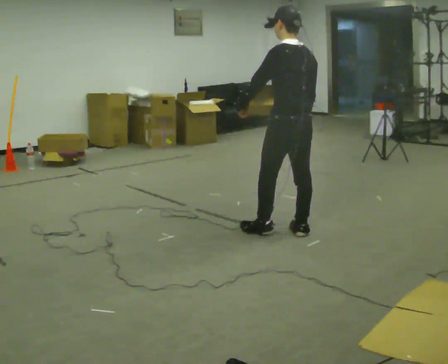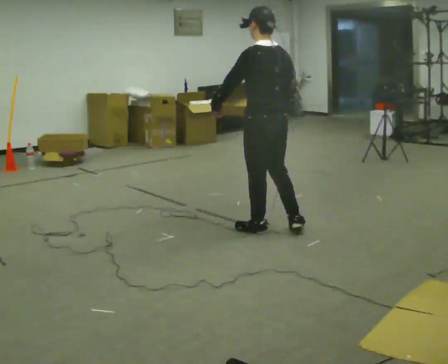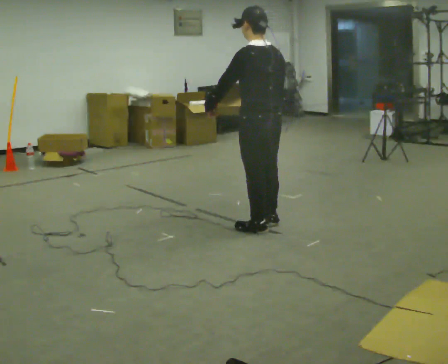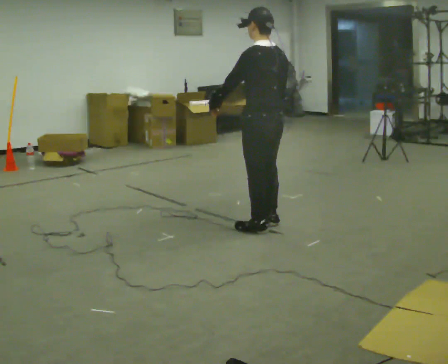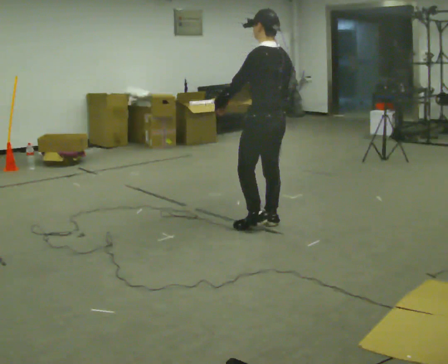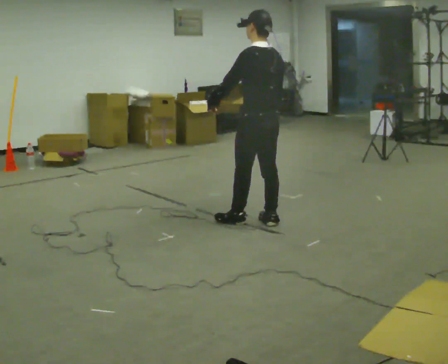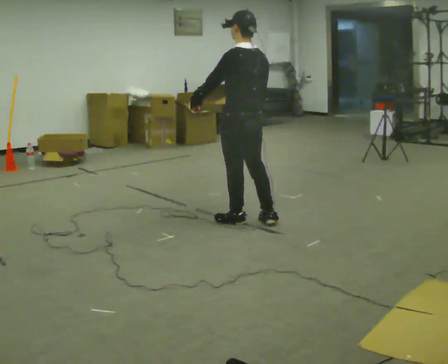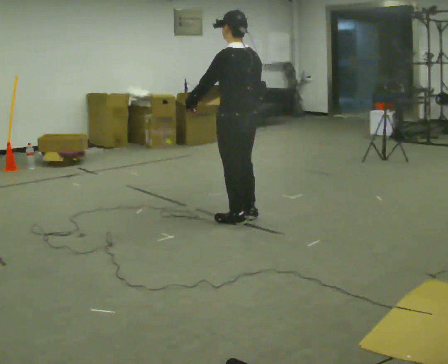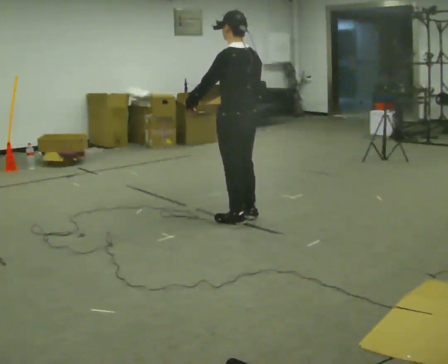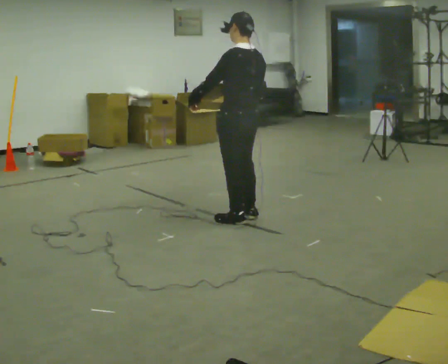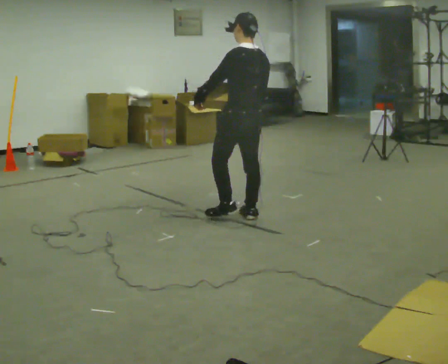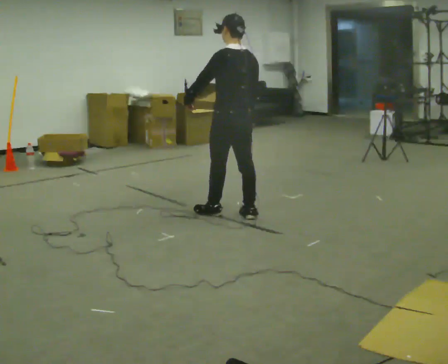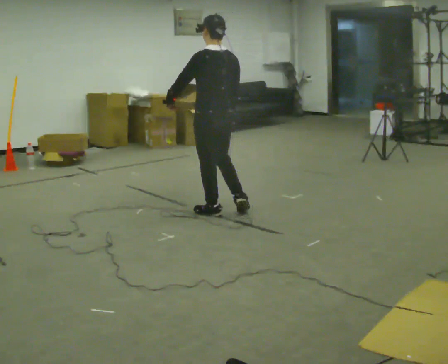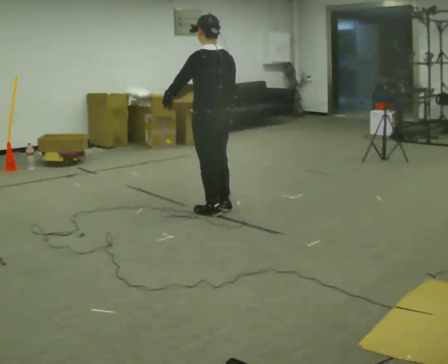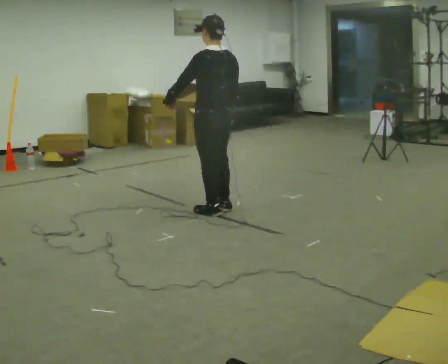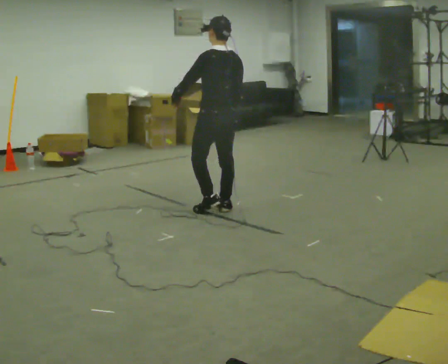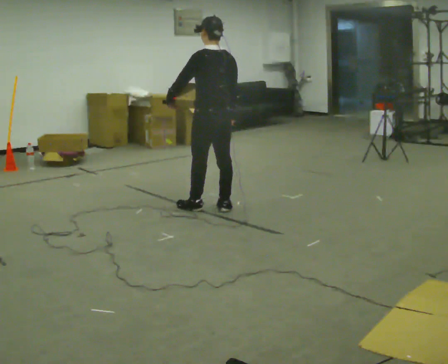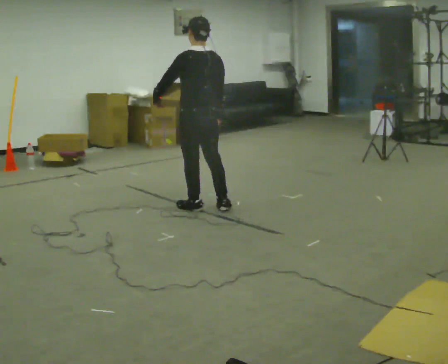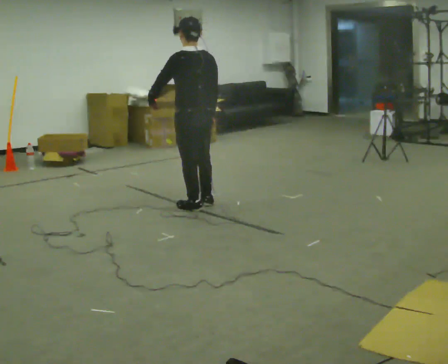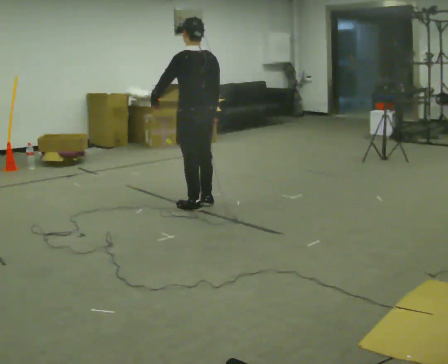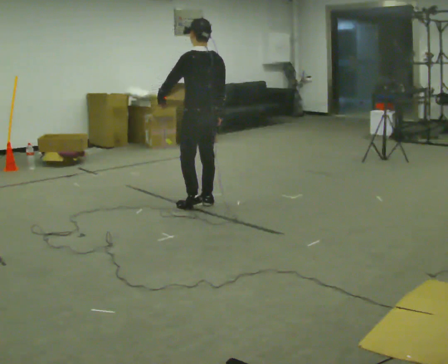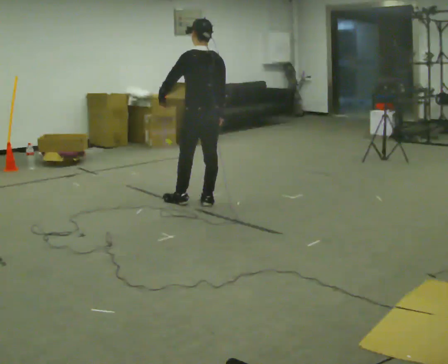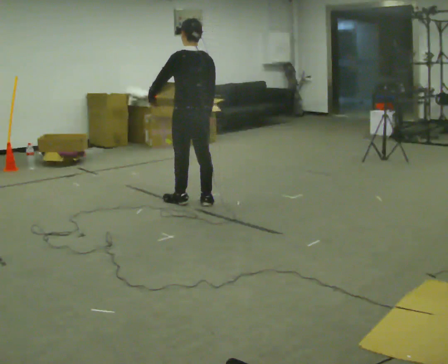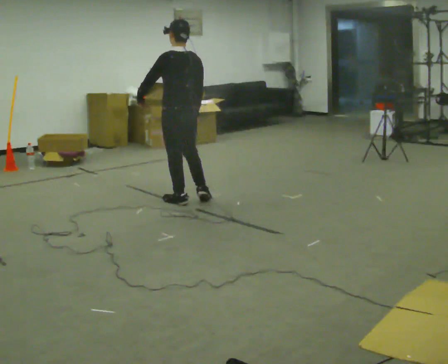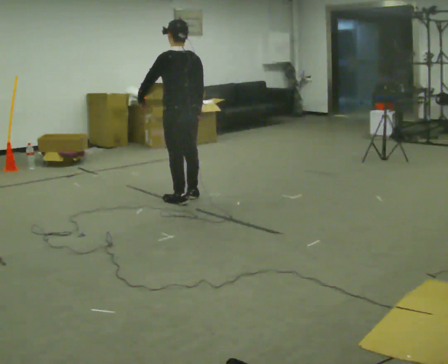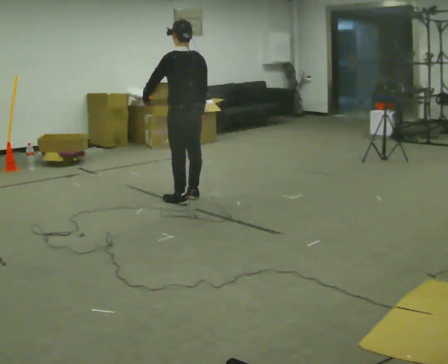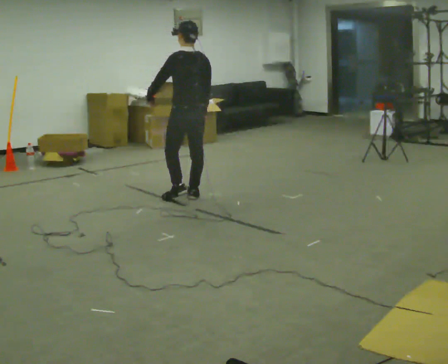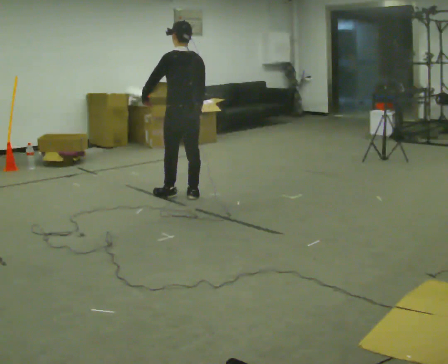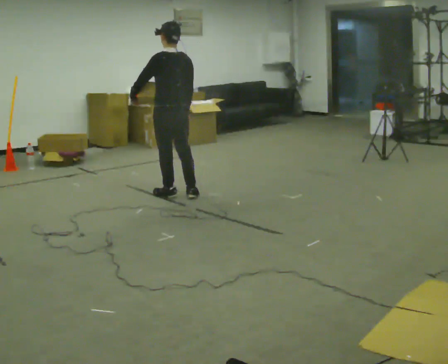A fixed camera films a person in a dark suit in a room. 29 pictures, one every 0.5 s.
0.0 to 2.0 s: In the picture they go away from the camera and to the left, about 0.25 m in 2 steps, which for them is forward.
2.0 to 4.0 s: In the picture they go to the left, about 0.25 m in 2 steps, which for them is forward.
4.0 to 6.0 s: In the picture they go to the left and away from the camera, about 0.25 m in 1 step, which for them is forward.
6.0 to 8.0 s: In the picture they go away from the camera, about 0.25 m in 2 steps, which for them is forward.
8.0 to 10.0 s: In the picture they go away from the camera, about 0.25 m in 1 step, which for them is forward.
10.0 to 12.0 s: In the picture they go to the left, about 0.25 m in 2 steps, which for them is forward.
12.0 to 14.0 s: In the picture they go away from the camera, about 0.25 m in 1 step, which for them is forward.
The film runs forward here.
